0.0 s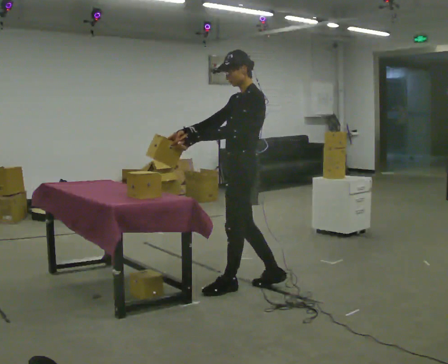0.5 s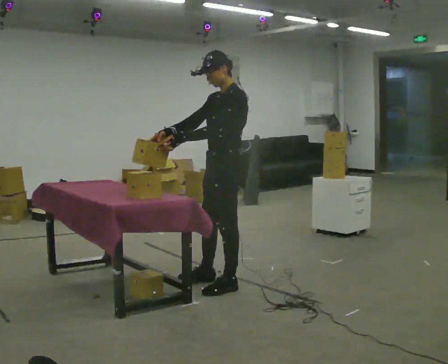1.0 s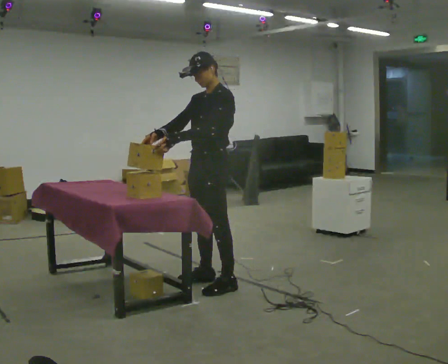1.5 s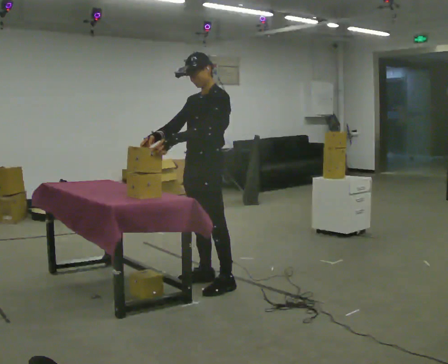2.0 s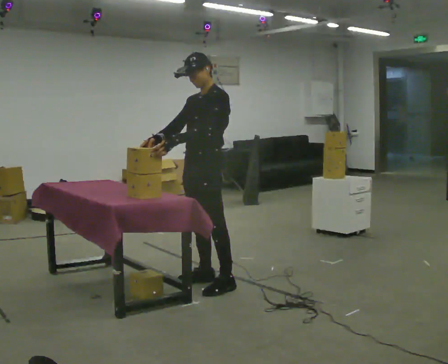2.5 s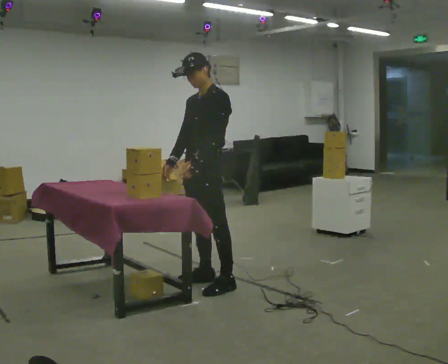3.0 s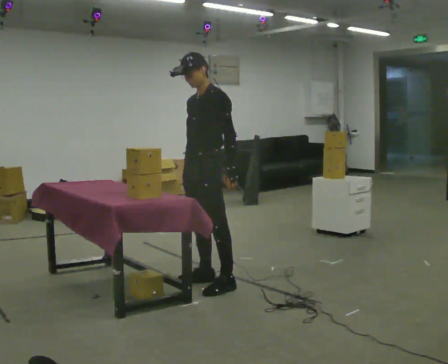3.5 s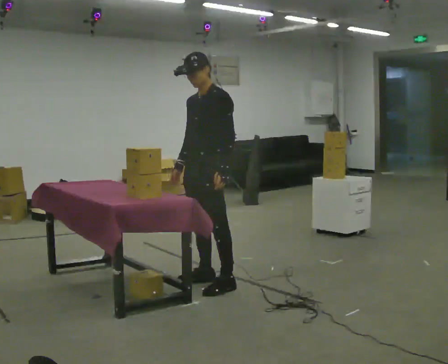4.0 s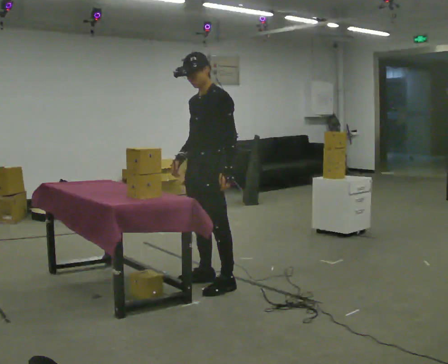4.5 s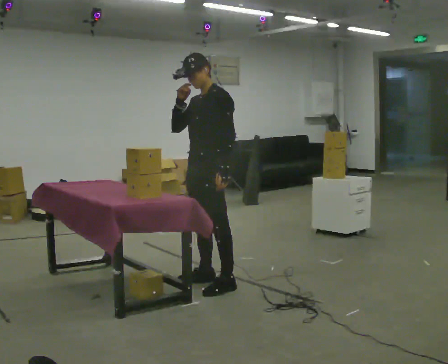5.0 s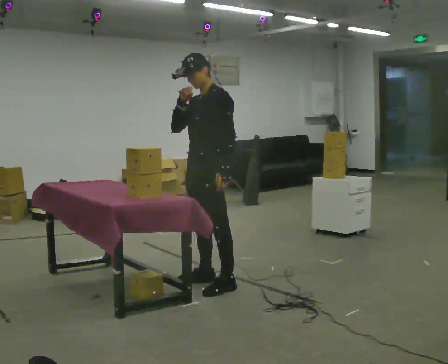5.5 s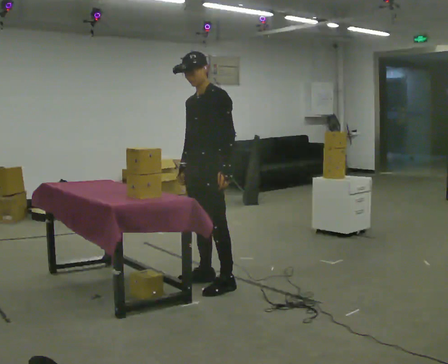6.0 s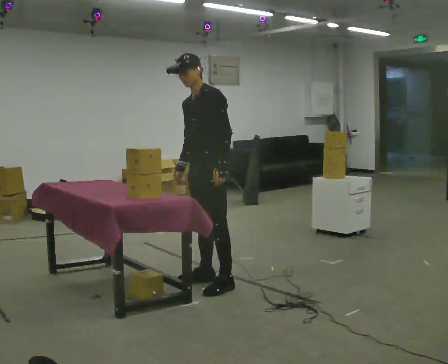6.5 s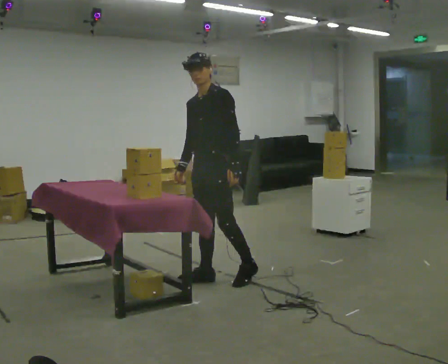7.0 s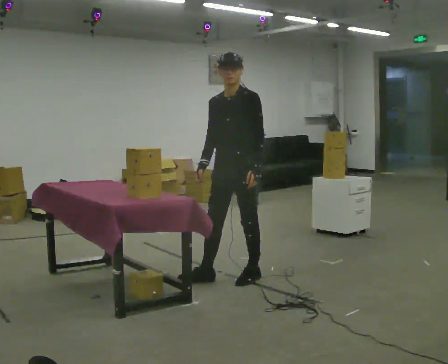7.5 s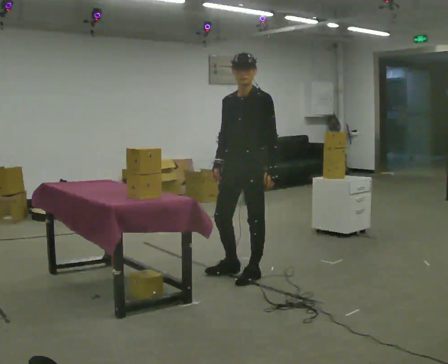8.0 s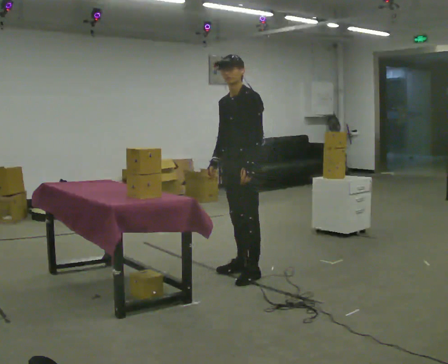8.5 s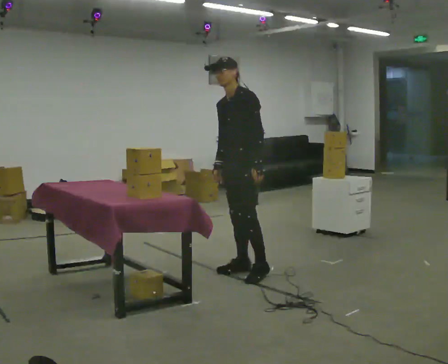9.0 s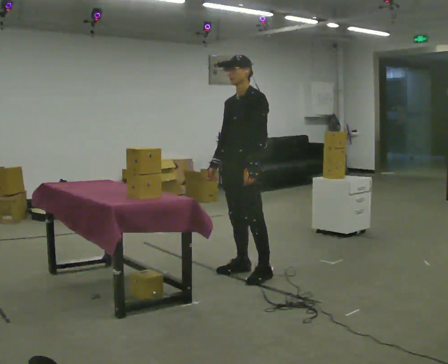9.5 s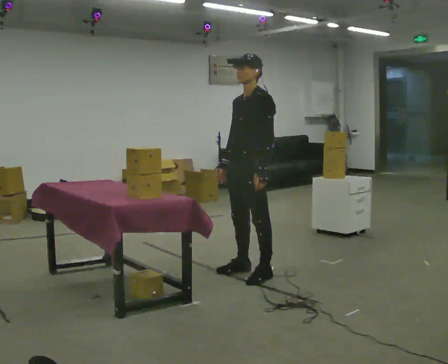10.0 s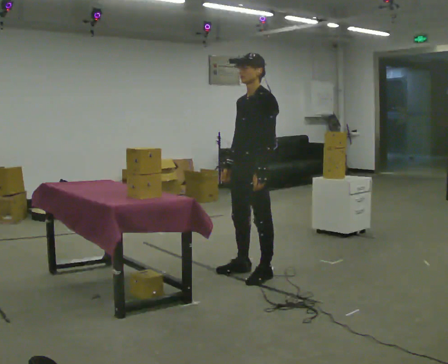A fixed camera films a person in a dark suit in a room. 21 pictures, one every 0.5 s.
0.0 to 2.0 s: The person turns about 30 degrees to their left, counterclockwise seen from above, so the part of the body nearest the lens slides to the right. In the picture they go to the left, about 0.25 m in 1 step, which for them is to their right and forward.
2.0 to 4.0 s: In the picture their left hand goes to the right.
4.0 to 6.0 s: The person moves a little, or ends about where they began.
6.0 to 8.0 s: In the picture they go to the right and away from the camera, about 0.25 m in 2 steps, which for them is backward.
8.0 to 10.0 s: In the picture they go toward the camera, about 0.25 m, which for them is to their left.
The film runs forward here.
